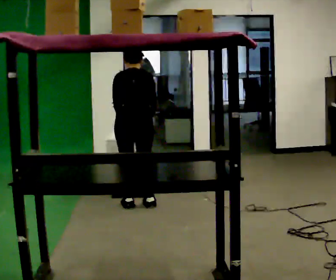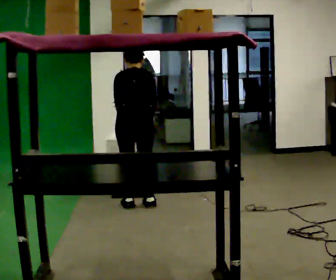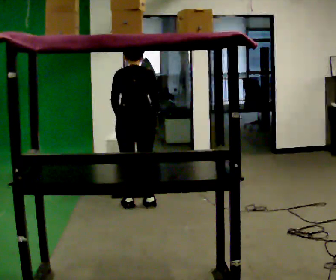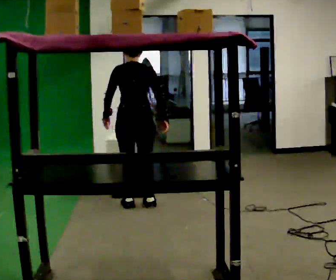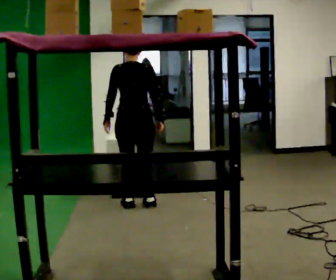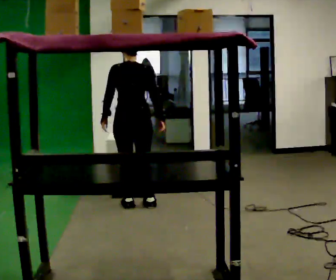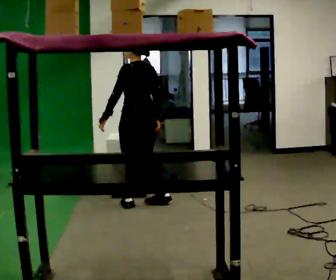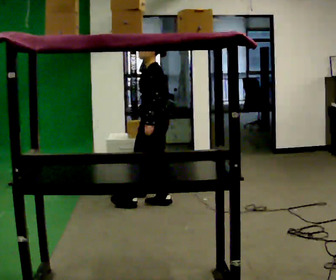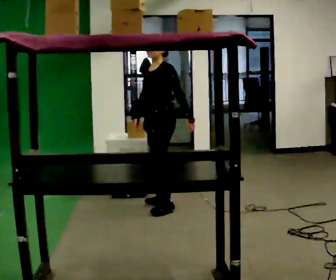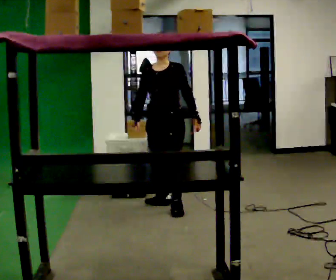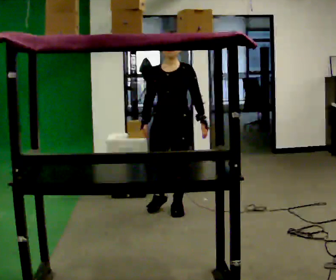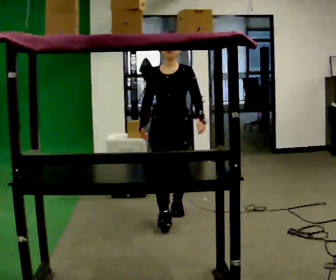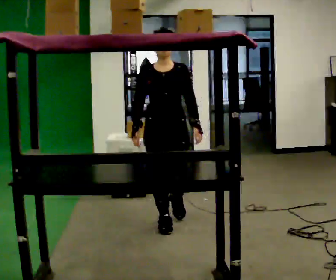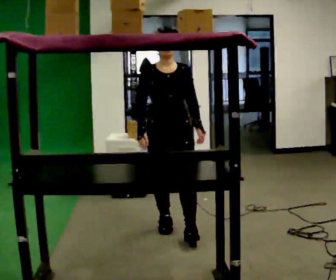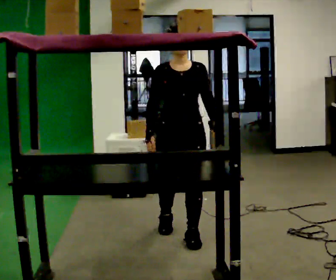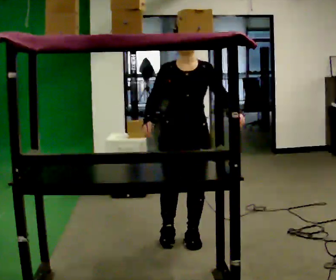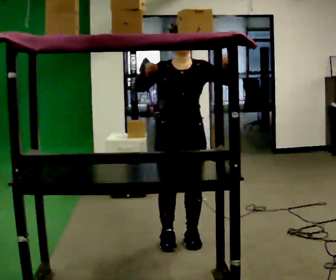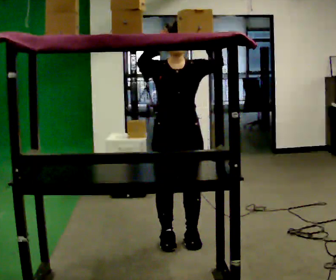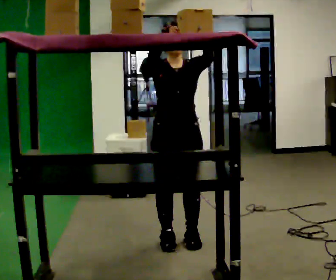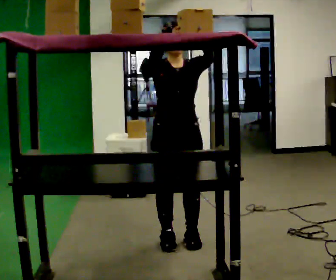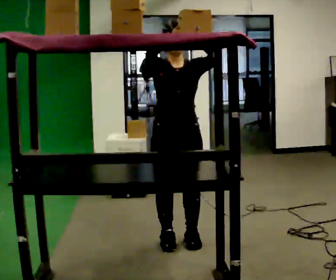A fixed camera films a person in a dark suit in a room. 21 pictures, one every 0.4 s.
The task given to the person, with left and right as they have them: Take an object down from the highest shelf you can comfortably reach, carry it across, and place it on the waist-height shelf. Keep going until the operator says stop; one object at a time, and do not rush between trips.
0.0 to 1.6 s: The upper body tips toward the camera, its near side rolling downward, as they lean back or straighten.
1.6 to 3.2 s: The part of the body nearest the lens slides to the right as the person turns to their left by about 120 degrees. In the picture they go to the right, about 0.25 m in 1 step.
3.2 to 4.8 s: The part of the body nearest the lens slides to the right as the person turns to their left by about 75 degrees. In the picture they go toward the camera, about 0.75 m in 2 steps.
4.8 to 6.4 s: In the picture they go toward the camera, about 0.5 m in 2 steps, which for them is forward. In the picture their left hand goes upward.
6.4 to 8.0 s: The person moves a little, or ends about where they began.
The film runs forward here.
